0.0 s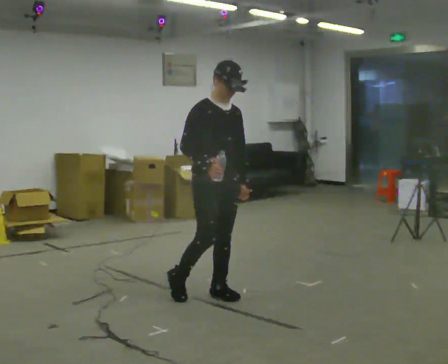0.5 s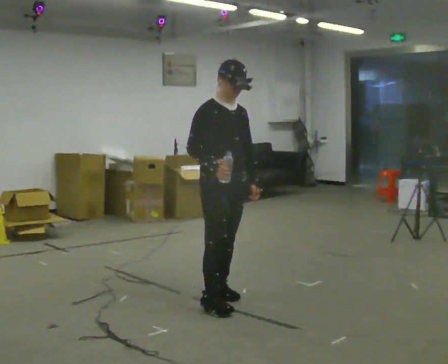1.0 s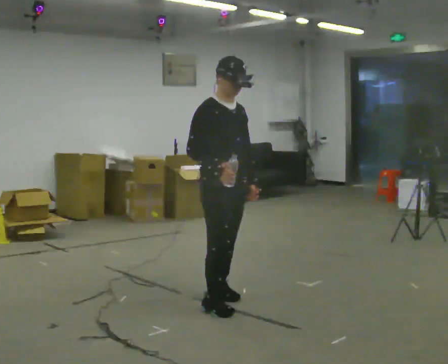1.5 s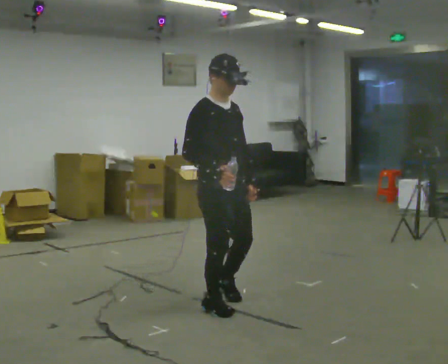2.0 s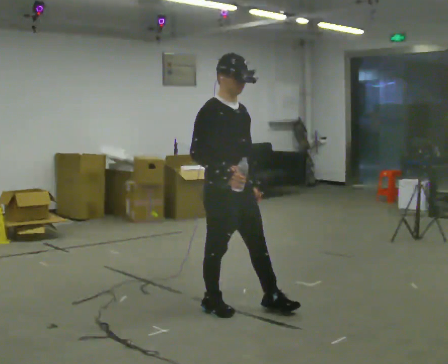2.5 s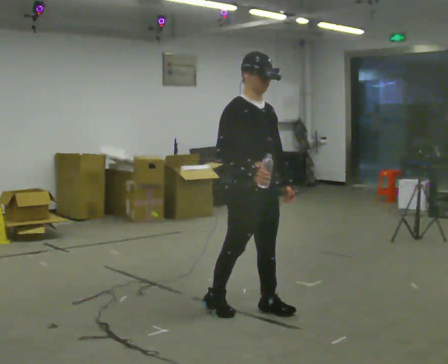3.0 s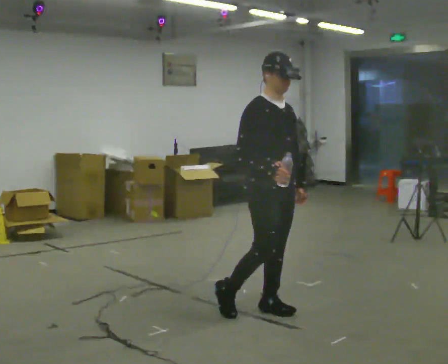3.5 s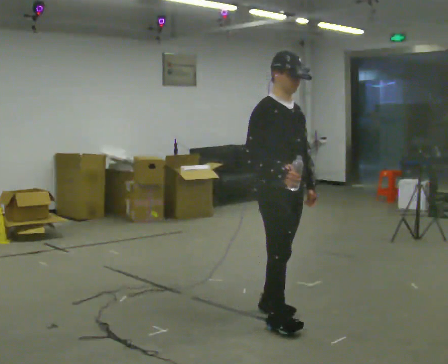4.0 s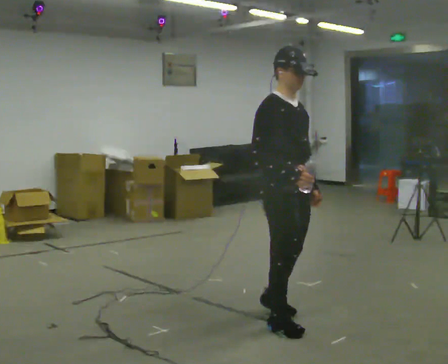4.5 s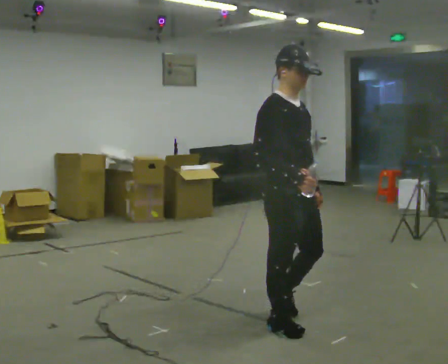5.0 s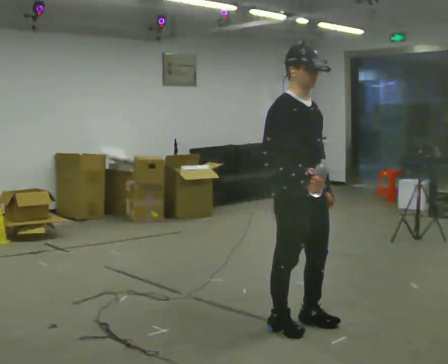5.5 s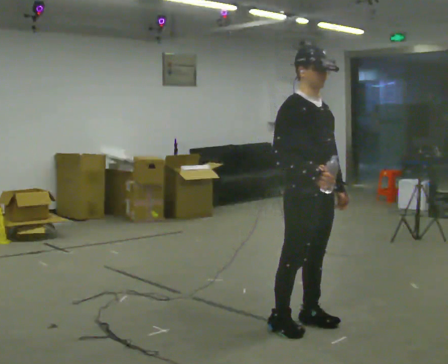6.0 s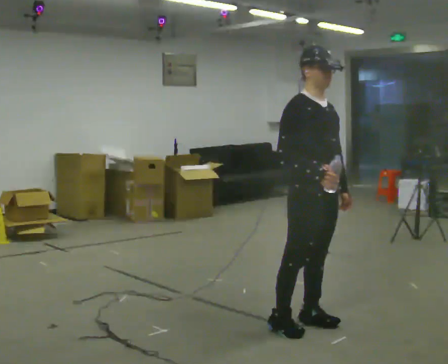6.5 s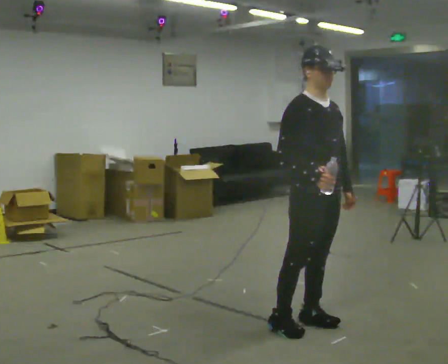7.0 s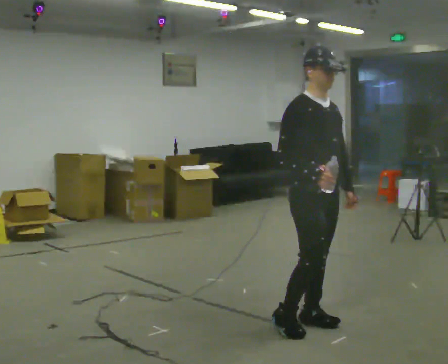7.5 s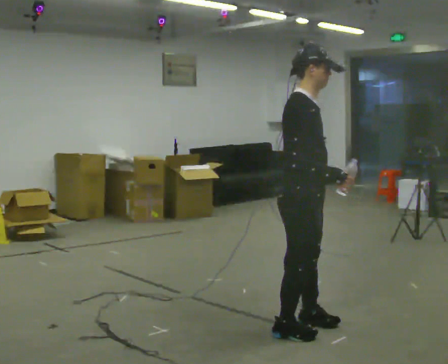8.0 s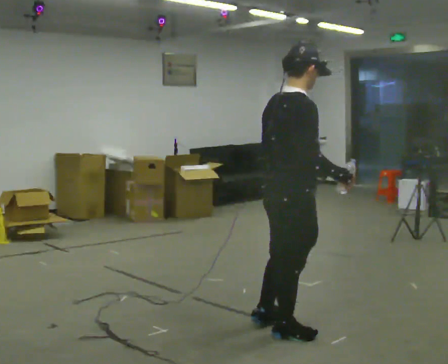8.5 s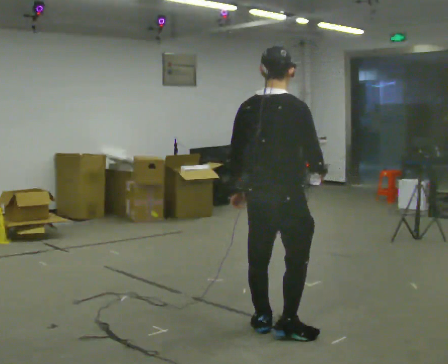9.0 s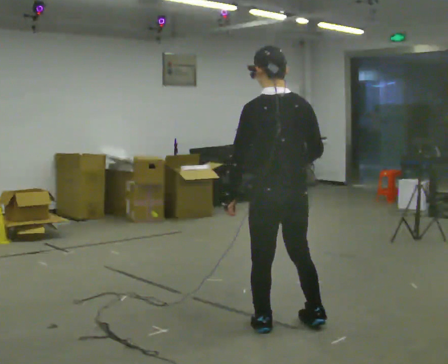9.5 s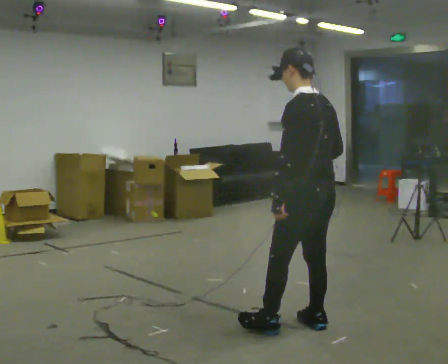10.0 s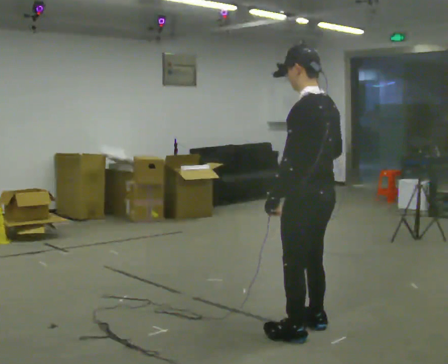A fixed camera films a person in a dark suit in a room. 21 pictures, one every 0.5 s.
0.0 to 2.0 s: In the picture they go toward the camera, about 0.25 m in 2 steps, which for them is forward and to their right.
2.0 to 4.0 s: In the picture they go to the right and toward the camera, about 0.5 m in 1 step, which for them is forward.
4.0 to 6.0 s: In the picture they go to the right, about 0.25 m in 1 step, which for them is forward.
6.0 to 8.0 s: The person turns about 75 degrees to their left, counterclockwise seen from above, so the part of the body nearest the lens slides to the right.
8.0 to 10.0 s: The part of the body nearest the lens slides to the right as the person turns to their left by about 120 degrees. In the picture they go to the right, about 0.25 m in 3 steps.
The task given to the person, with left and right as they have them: Carry the open container of water across the room without spilling it, back and forth.
The film runs forward here.
